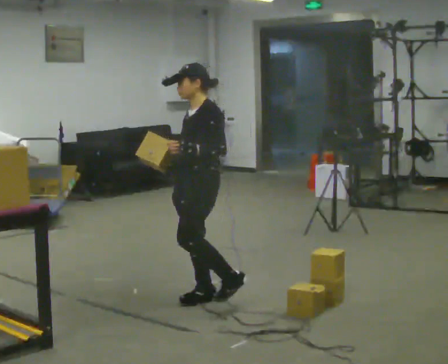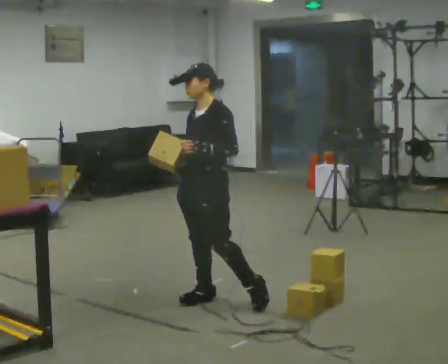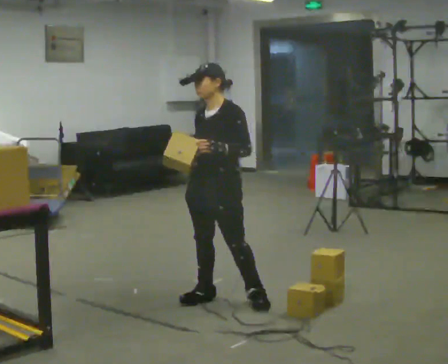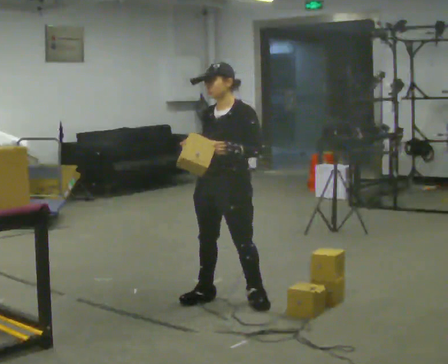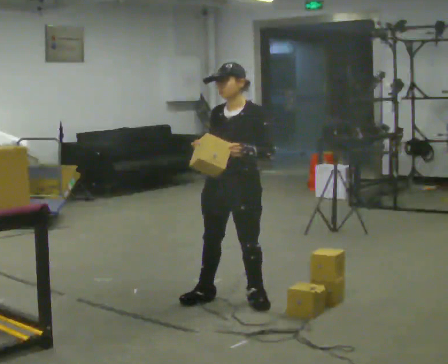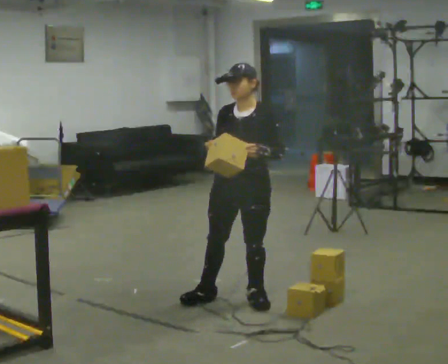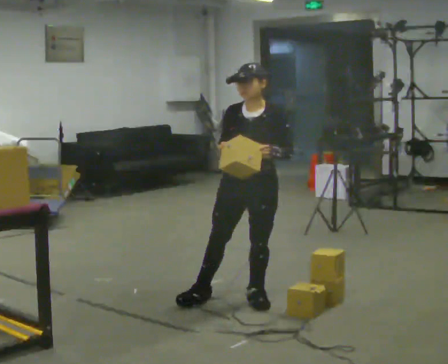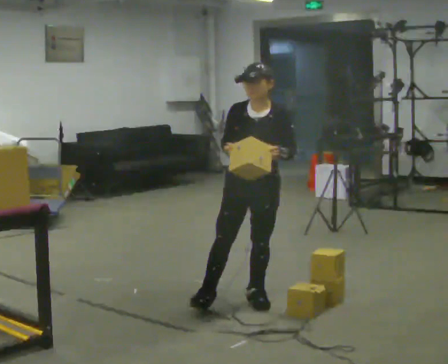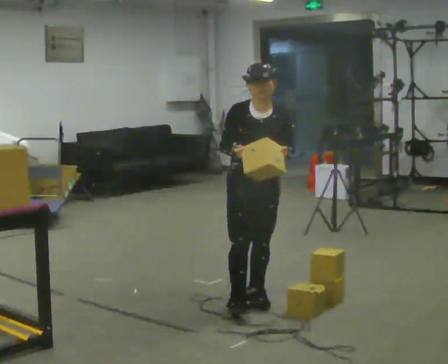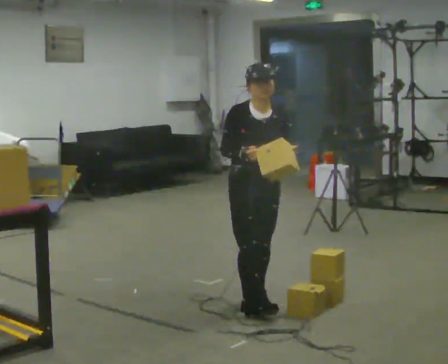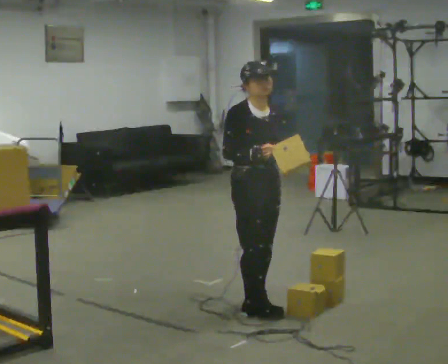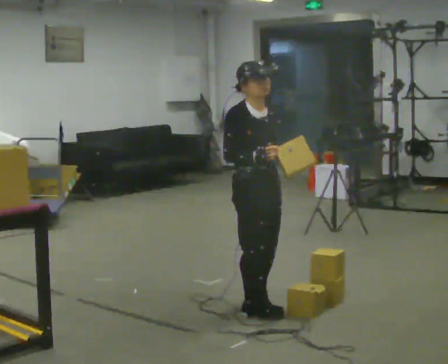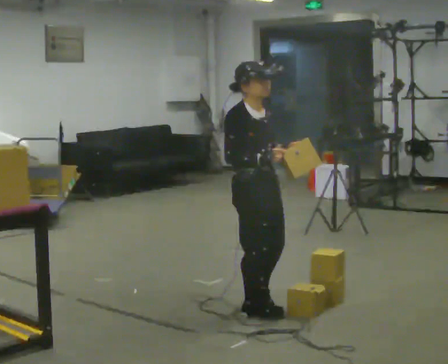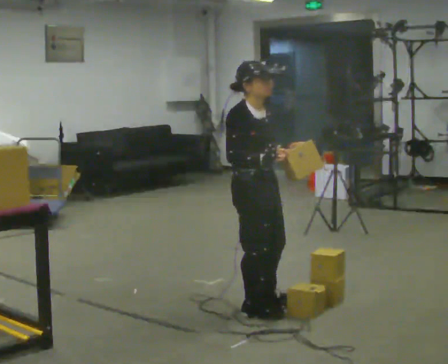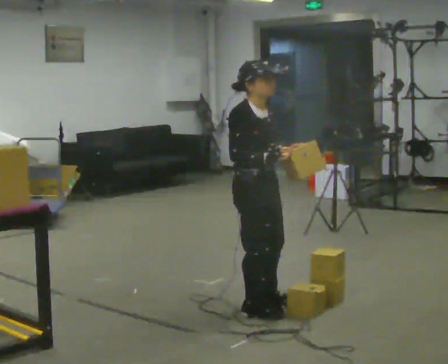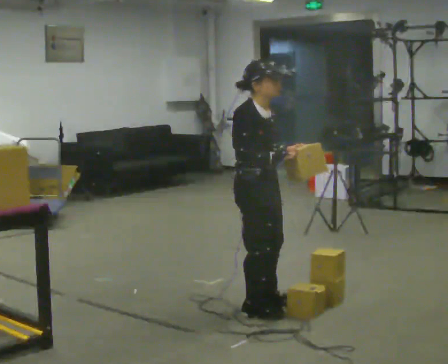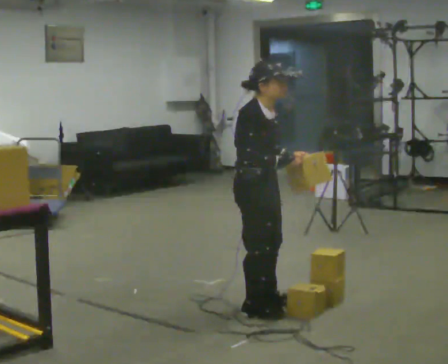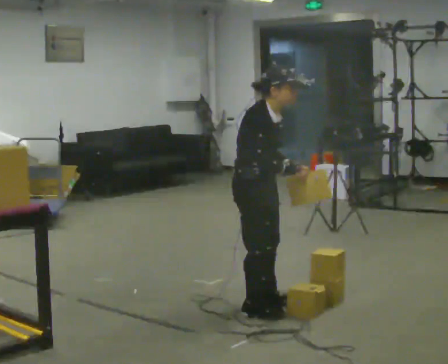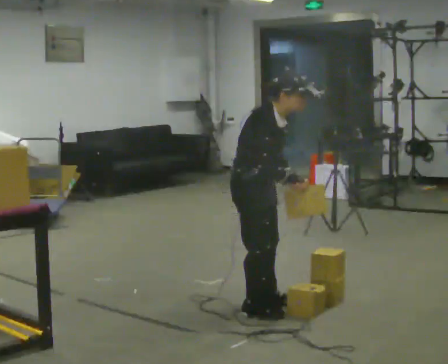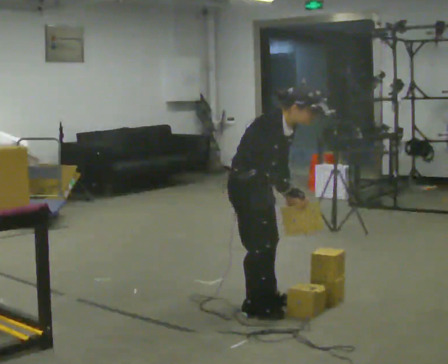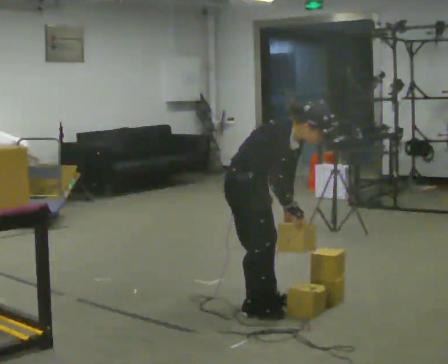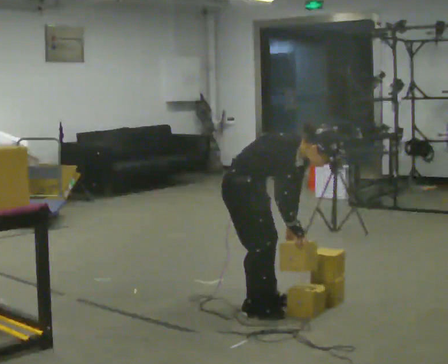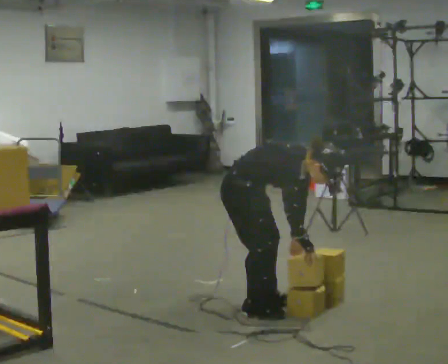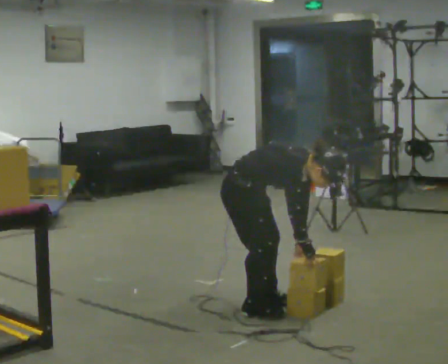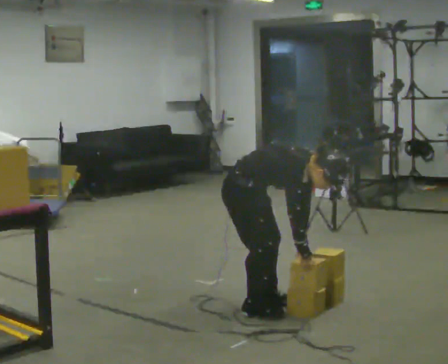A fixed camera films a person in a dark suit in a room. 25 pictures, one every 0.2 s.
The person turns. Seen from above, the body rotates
counterclockwise.
The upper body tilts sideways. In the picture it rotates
clockwise.
0.0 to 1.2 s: The person turns about 45 degrees to their left, counterclockwise seen from above, so the part of the body nearest the lens slides to the right. In the picture they go to the right, about 0.25 m in 1 step, which for them is to their left and backward.
1.2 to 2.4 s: Seen from above the body turns counterclockwise, about 75 degrees: to their left, with its near side sliding to the right. In the picture they go toward the camera, about 0.25 m.
2.4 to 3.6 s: In the picture the upper body tilts clockwise, shoulders to the right, as they bend forward.
3.6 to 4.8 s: The shoulders move downward. In the picture the upper body tilts clockwise, shoulders to the right, as they bend forward. In the picture their right hand goes downward.
The film runs backward here.
